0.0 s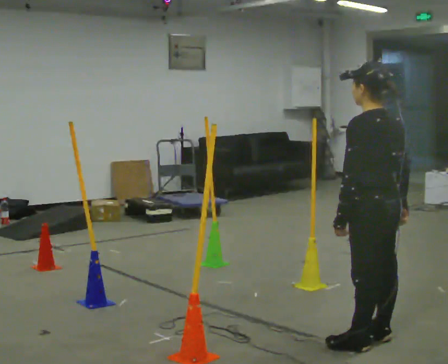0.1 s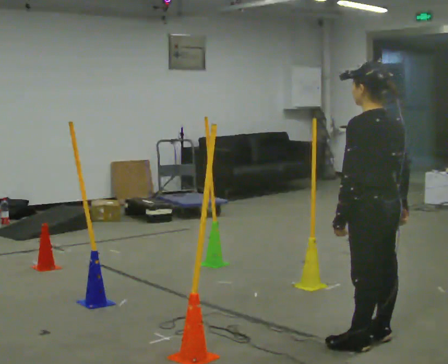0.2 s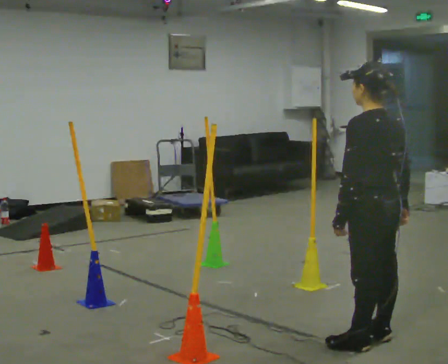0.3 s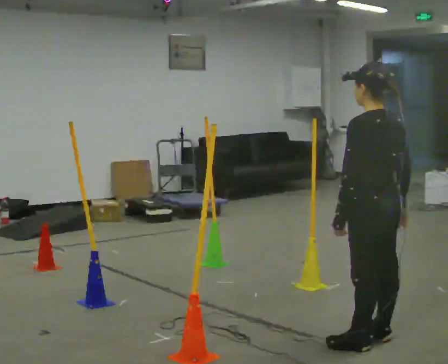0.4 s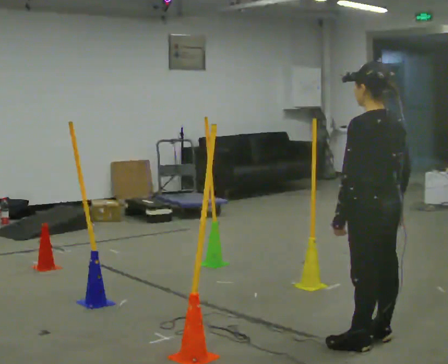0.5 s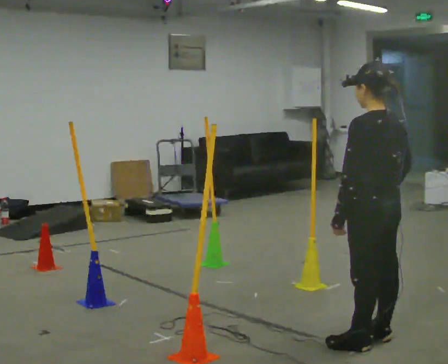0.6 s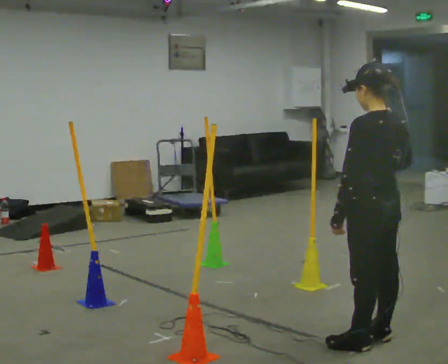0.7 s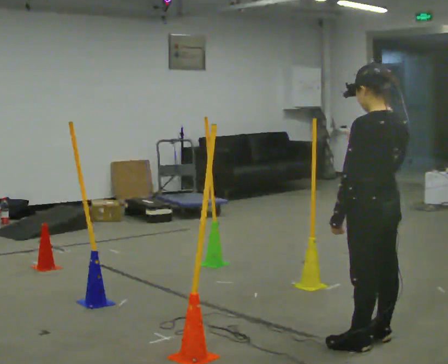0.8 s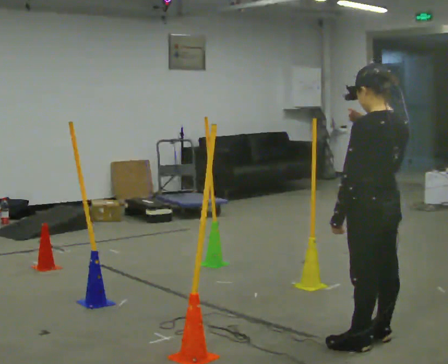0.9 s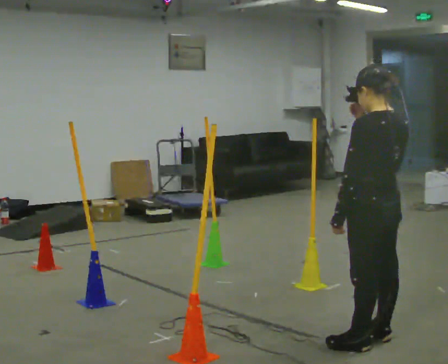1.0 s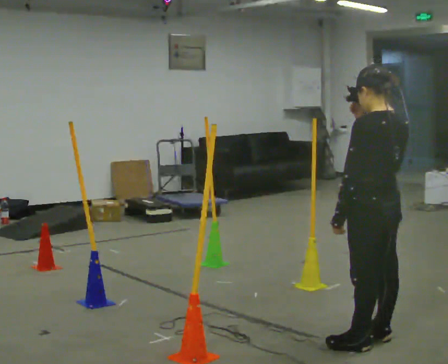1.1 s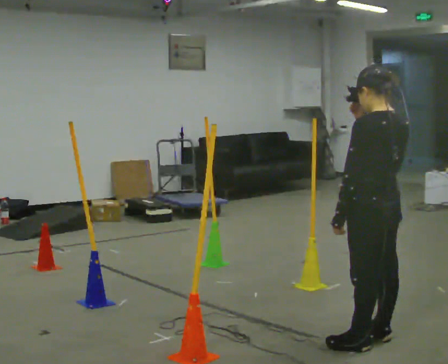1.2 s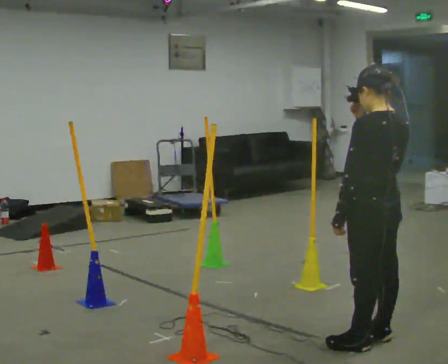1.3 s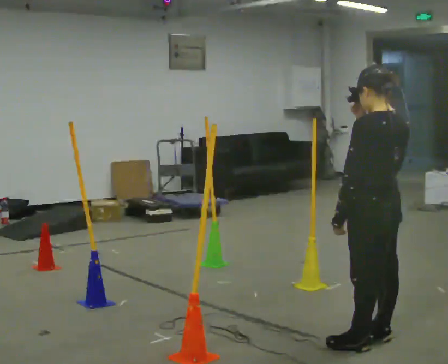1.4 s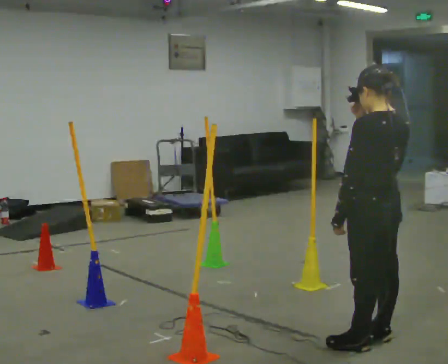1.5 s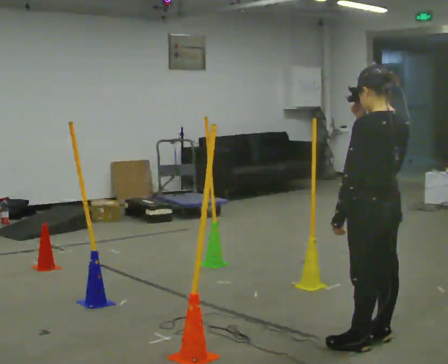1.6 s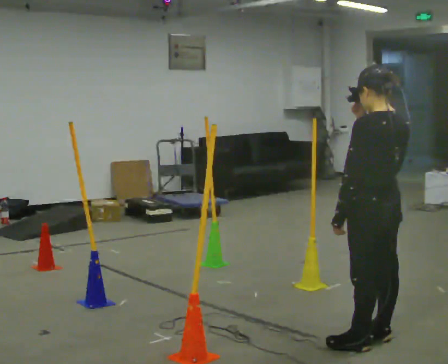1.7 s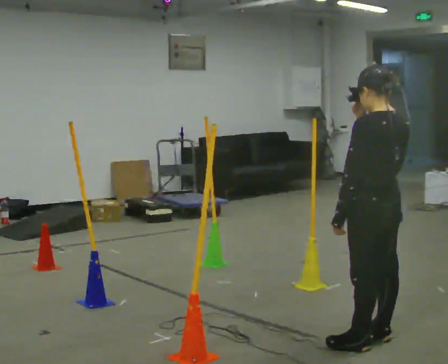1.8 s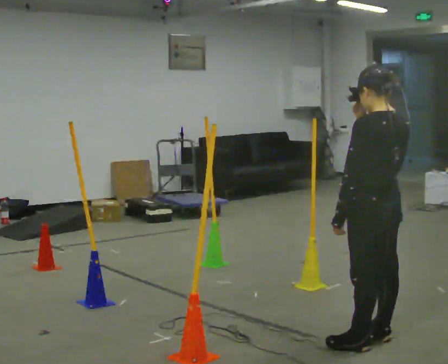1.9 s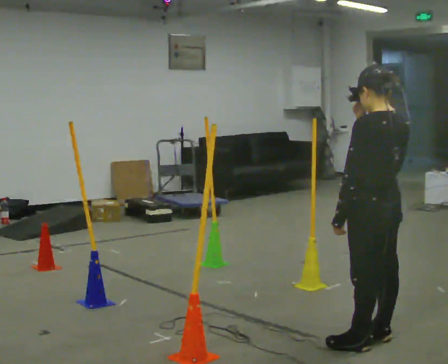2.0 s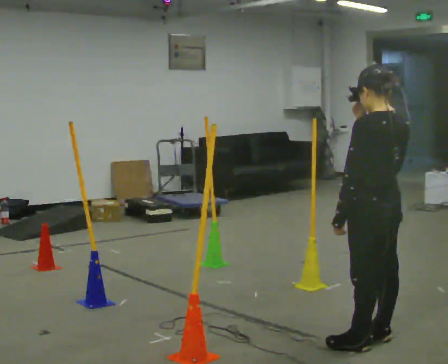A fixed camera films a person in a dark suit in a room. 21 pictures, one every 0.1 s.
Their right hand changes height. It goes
upward.
0.0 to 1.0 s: In the picture their right hand goes upward.
1.0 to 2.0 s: The person keeps their place and pose.
The film runs forward here.
